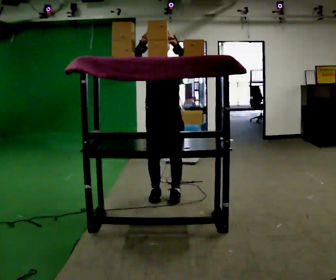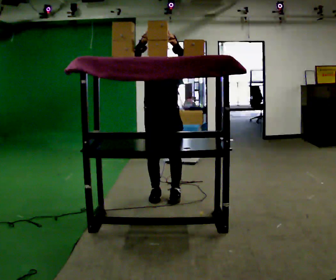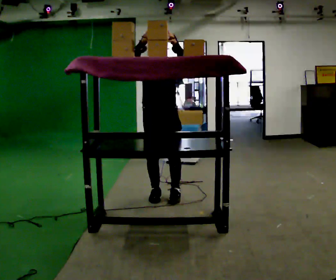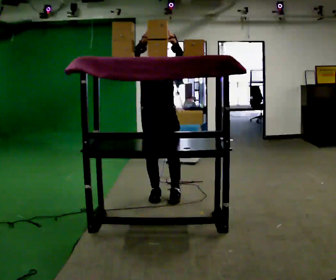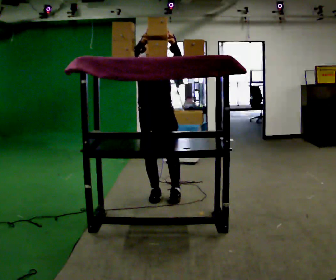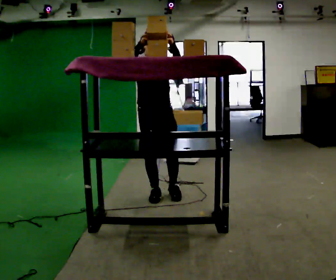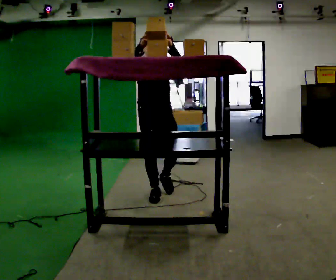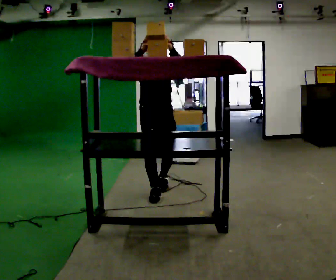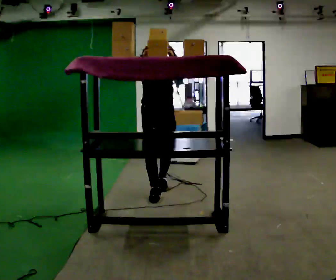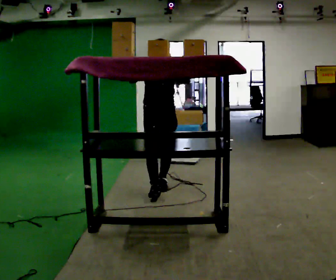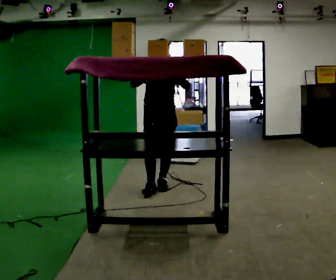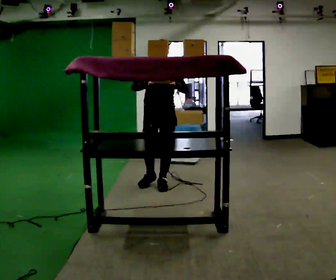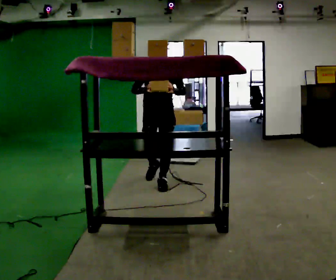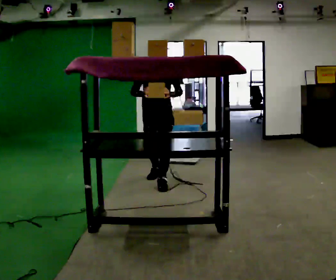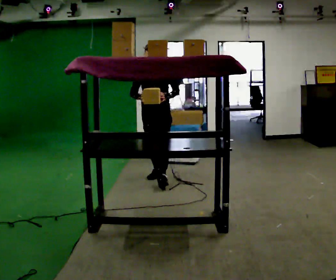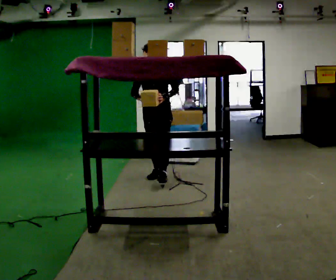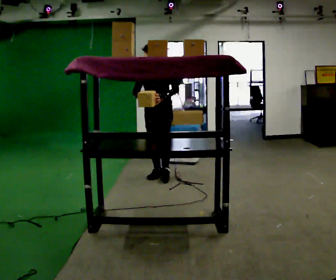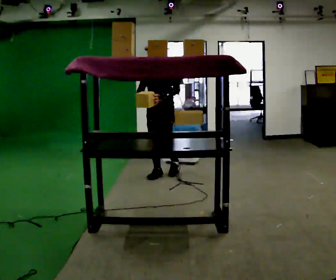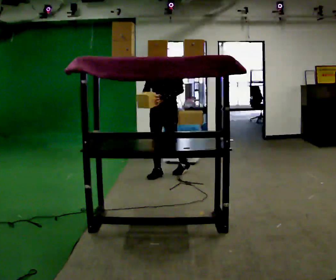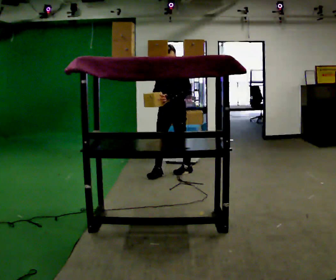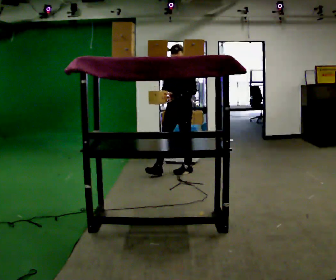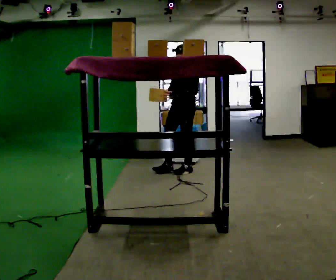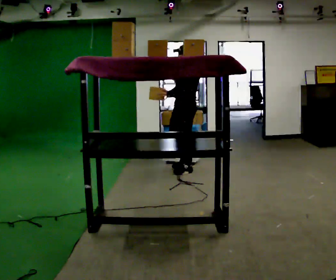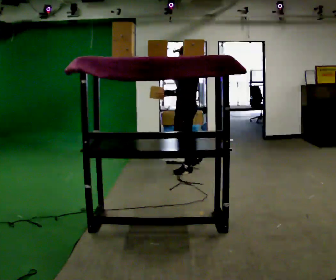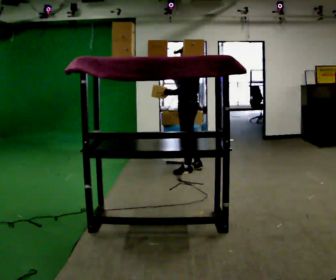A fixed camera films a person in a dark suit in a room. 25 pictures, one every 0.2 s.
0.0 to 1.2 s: The person moves a little, or ends about where they began.
1.2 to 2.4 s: In the picture they go away from the camera, about 0.5 m in 1 step, which for them is backward. In the picture their right hand goes downward.
2.4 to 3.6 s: In the picture they go away from the camera, about 0.5 m in 1 step, which for them is backward.
3.6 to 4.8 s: The part of the body nearest the lens slides to the left as the person turns to their right by about 75 degrees. In the picture they go to the right, about 0.5 m in 1 step.
The film runs backward here.
